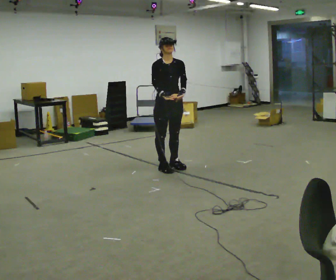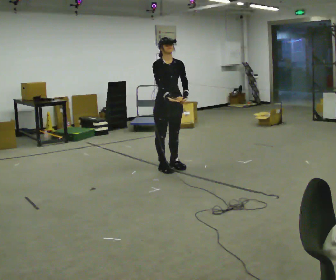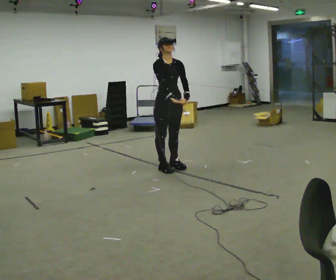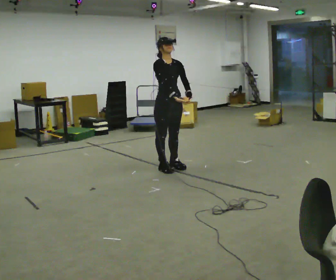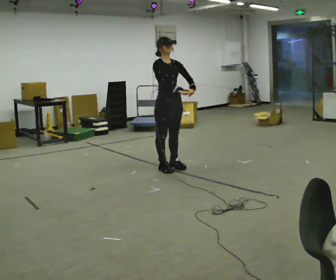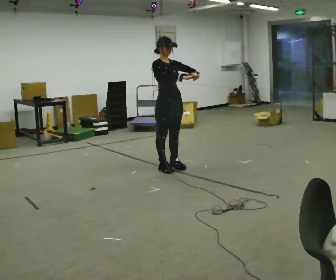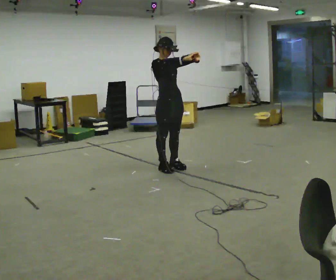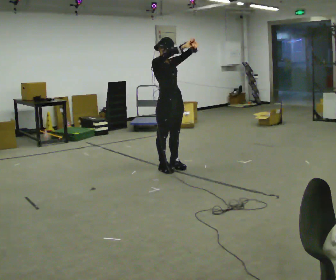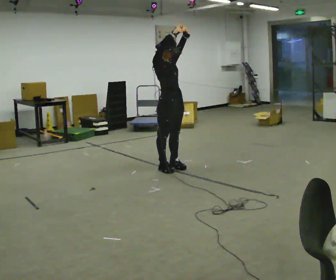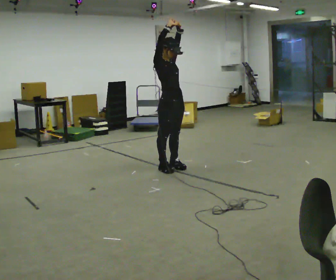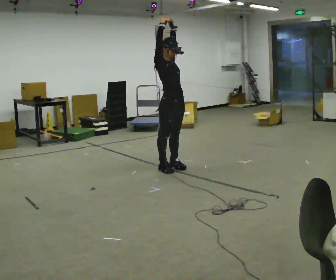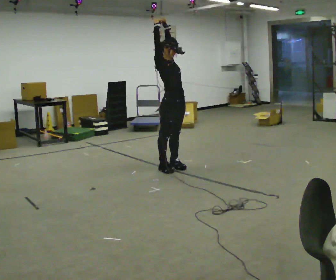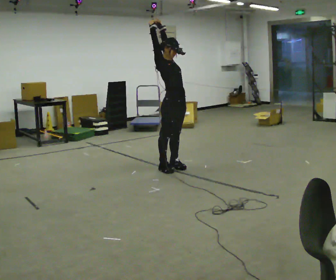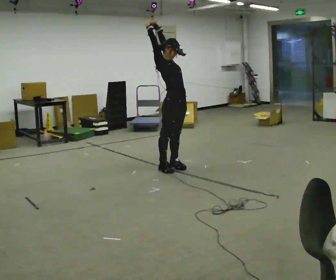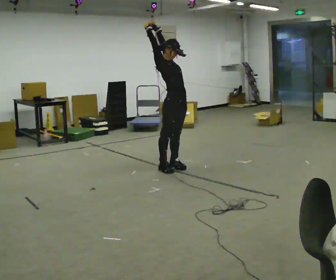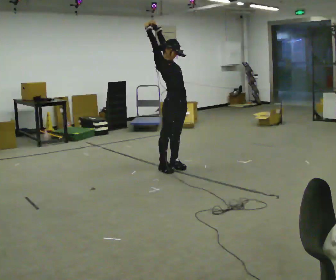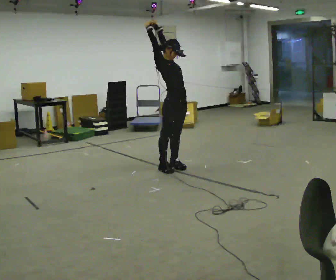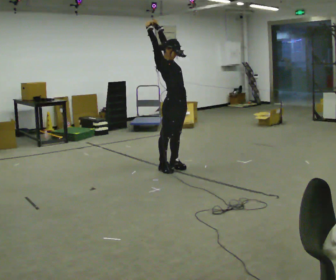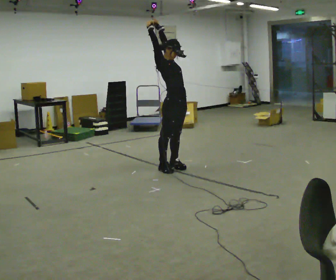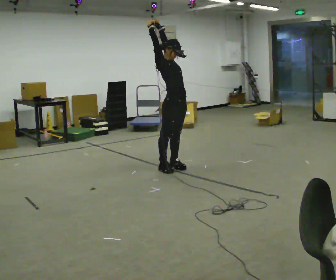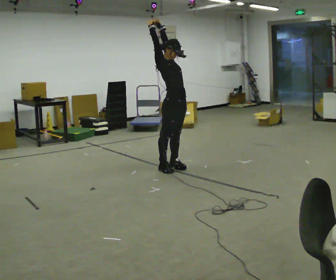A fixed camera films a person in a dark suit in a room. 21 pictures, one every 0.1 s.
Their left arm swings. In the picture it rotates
counterclockwise.
Their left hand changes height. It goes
upward.
0.0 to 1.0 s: Seen from above the body turns counterclockwise, about 30 degrees: to their left, with its near side sliding to the right. In the picture their left hand goes upward, the arm swinging counterclockwise.
1.0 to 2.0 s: The person moves a little, or ends about where they began.
The film runs backward here.
